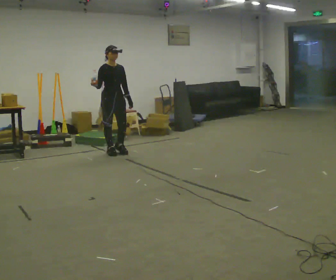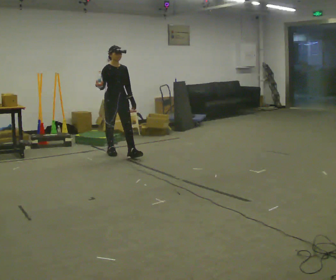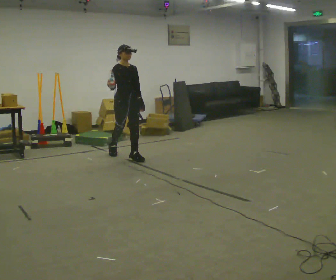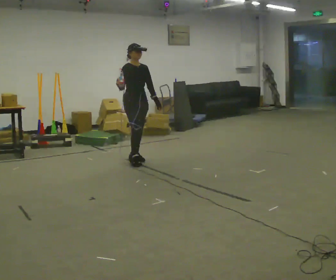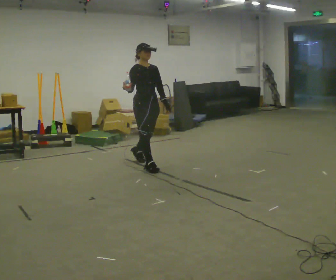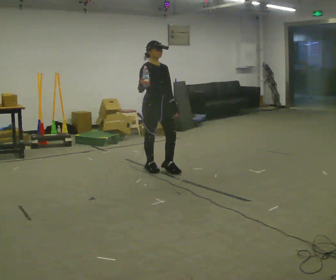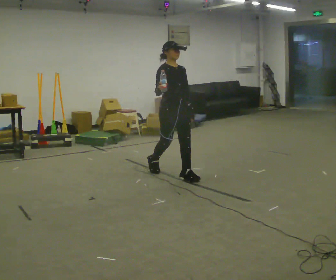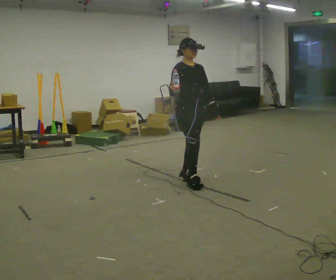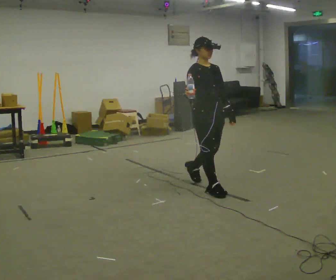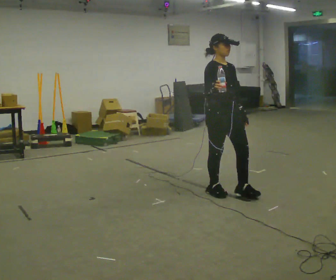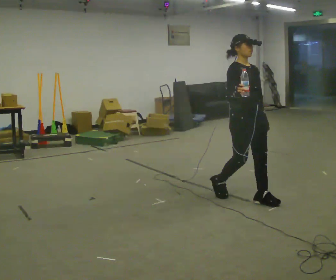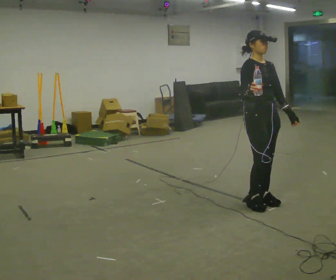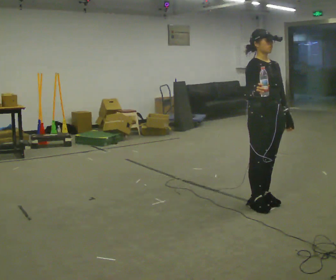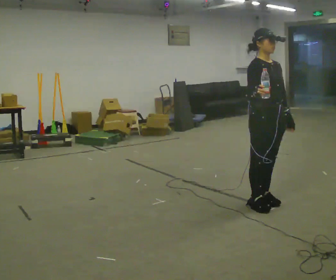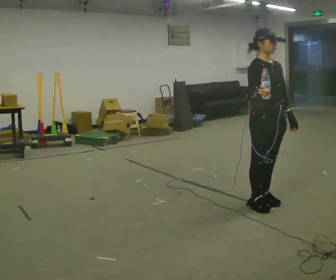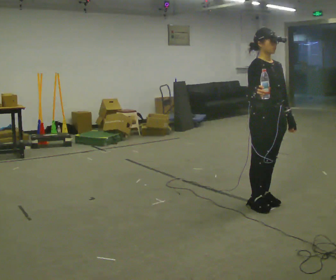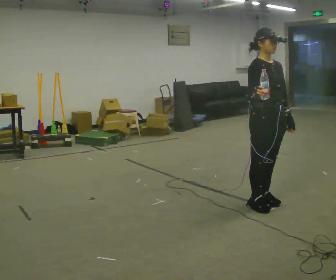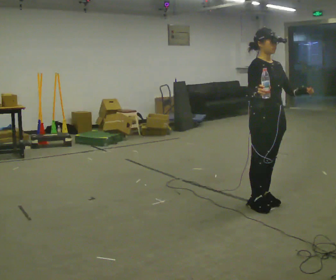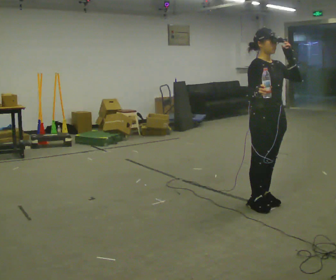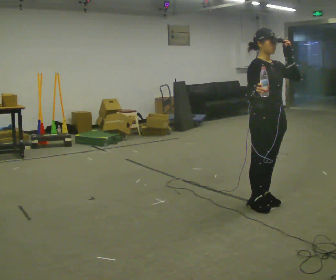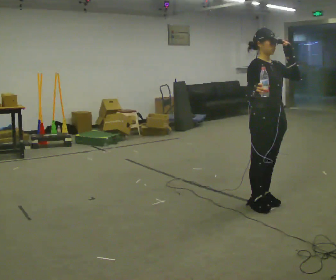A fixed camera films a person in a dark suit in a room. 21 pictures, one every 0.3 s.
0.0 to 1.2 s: In the picture they go to the right and toward the camera, about 1 m in 2 steps, which for them is forward.
1.2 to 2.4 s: In the picture they go toward the camera and to the right, about 1 m in 2 steps, which for them is forward.
2.4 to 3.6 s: In the picture they go to the right and toward the camera, about 0.5 m in 2 steps, which for them is forward.
3.6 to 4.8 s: The person moves a little, or ends about where they began.
4.8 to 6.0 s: In the picture their left hand goes upward.
The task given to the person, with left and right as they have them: Carry the open container of water across the room without spilling it, back and forth.
The film runs forward here.
